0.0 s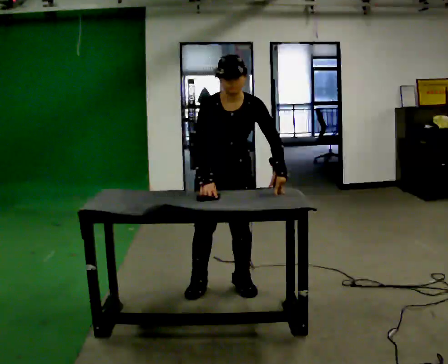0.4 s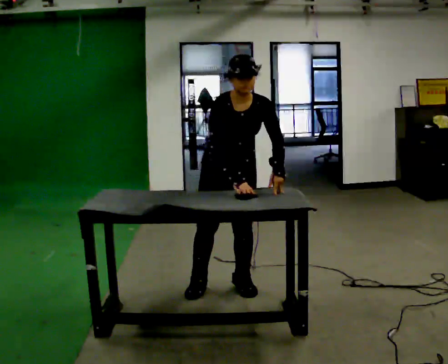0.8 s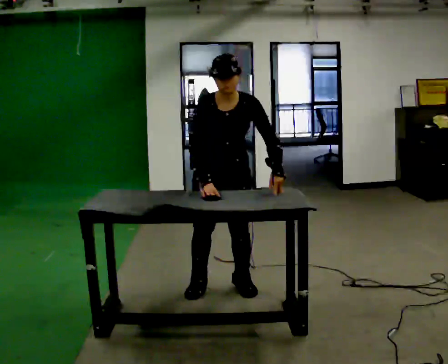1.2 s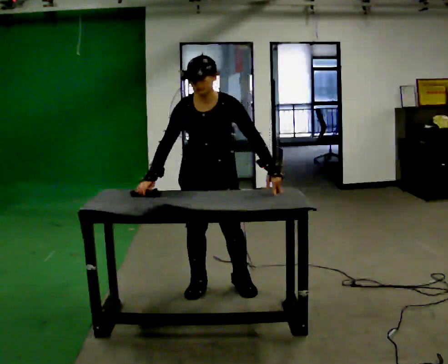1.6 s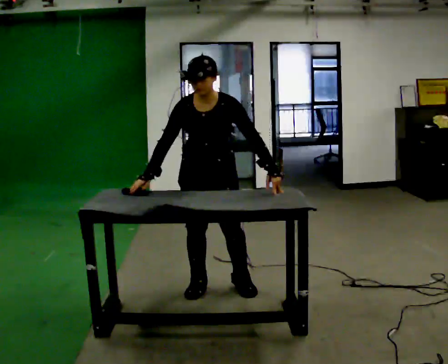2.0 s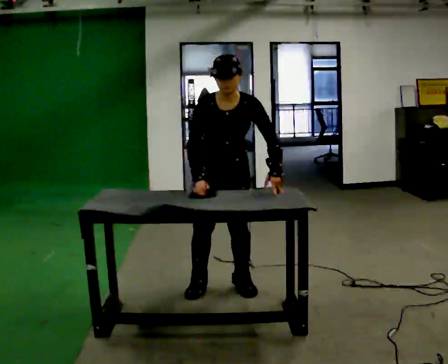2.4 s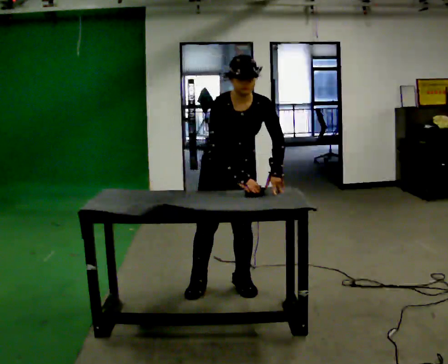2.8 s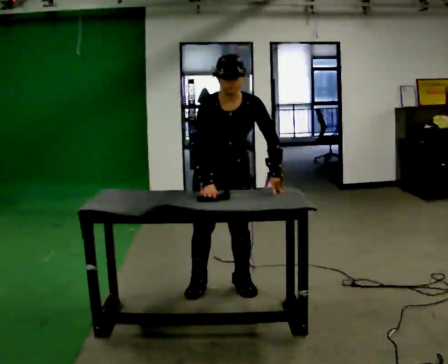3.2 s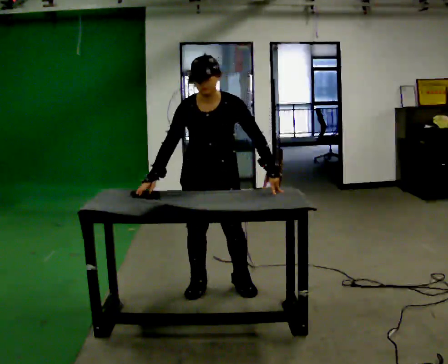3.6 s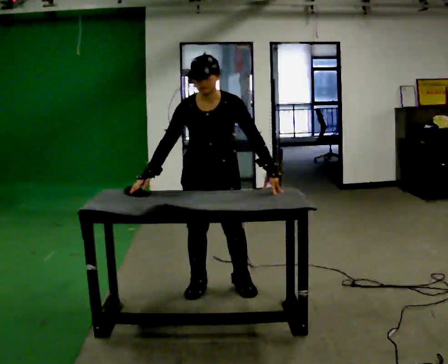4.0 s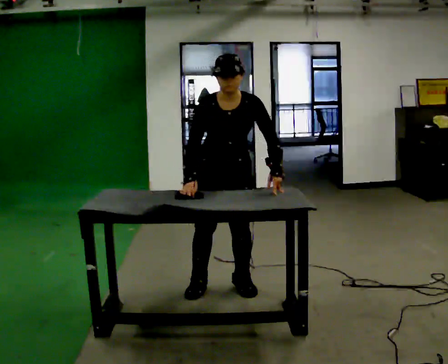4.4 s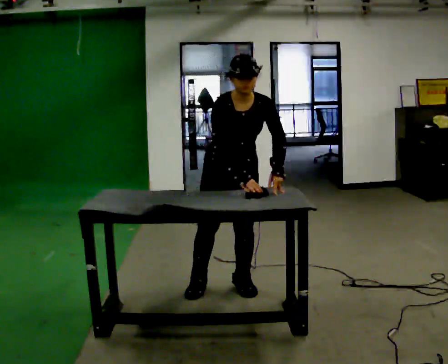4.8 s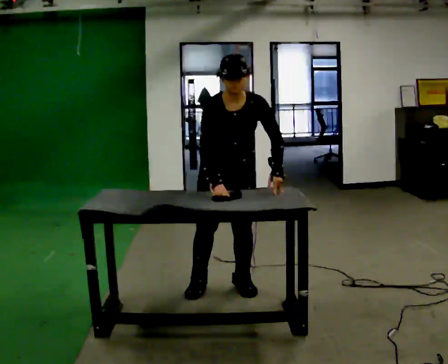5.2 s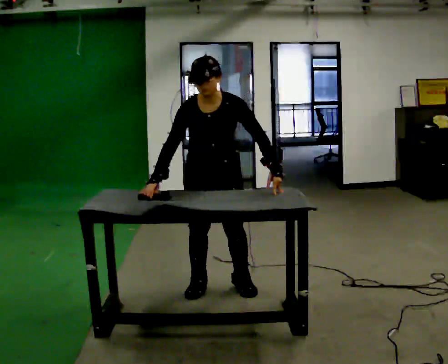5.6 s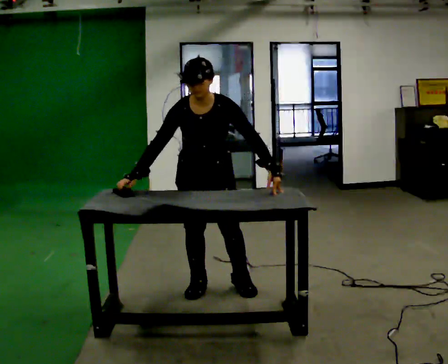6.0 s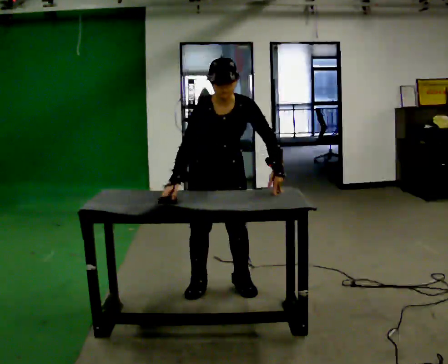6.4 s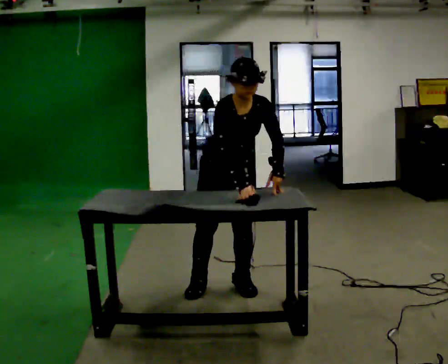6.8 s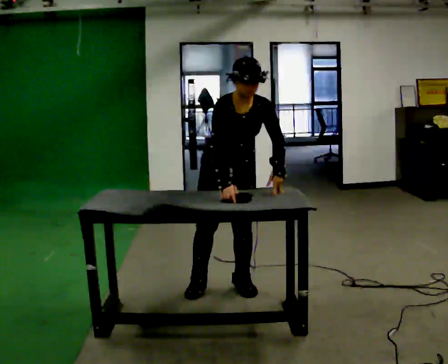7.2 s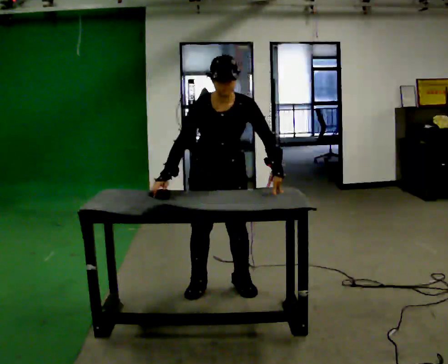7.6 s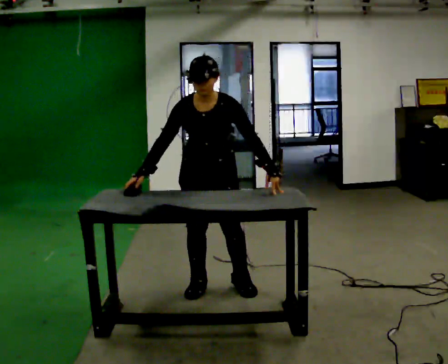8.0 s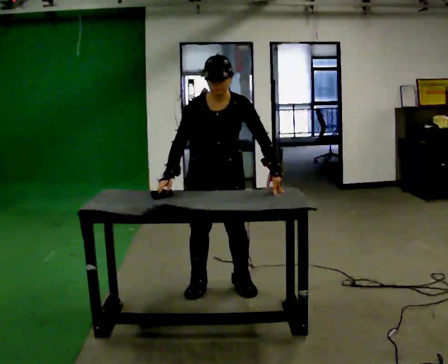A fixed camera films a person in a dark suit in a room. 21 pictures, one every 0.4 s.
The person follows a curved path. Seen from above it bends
clockwise.
0.0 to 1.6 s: In the picture their right hand goes to the left.
1.6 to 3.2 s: The person moves a little, or ends about where they began.
3.2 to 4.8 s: In the picture their right hand goes to the right.
4.8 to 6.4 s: The person moves a little, or ends about where they began.
6.4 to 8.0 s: In the picture their right hand goes to the left.
The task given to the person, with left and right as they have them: Wipe the whole surface of the table in front of you with the cloth. Repeat at your own pace until the operator says stop. Keep both feet on the marked spots for the whole take. If you have to step, stop and tell the operator.
The film runs forward here.
